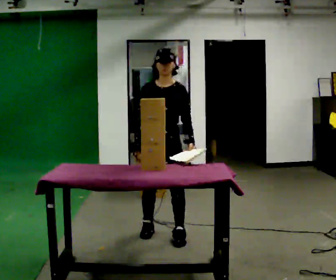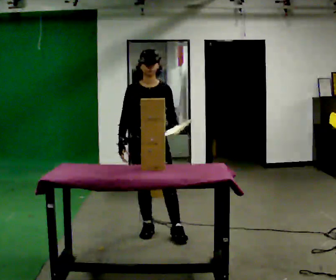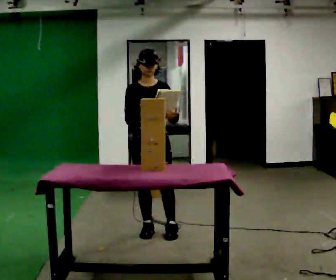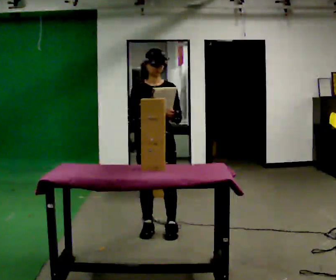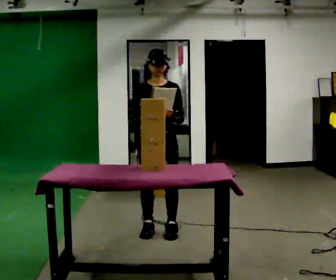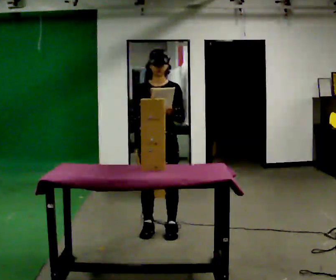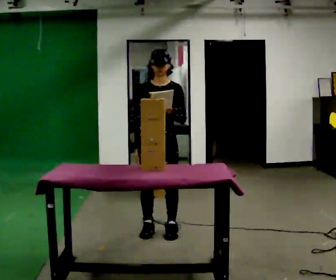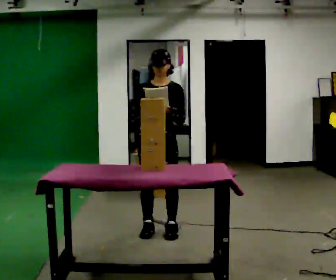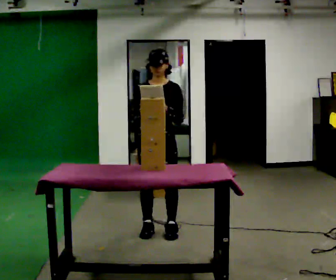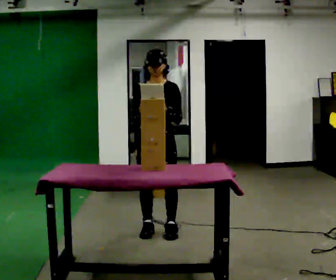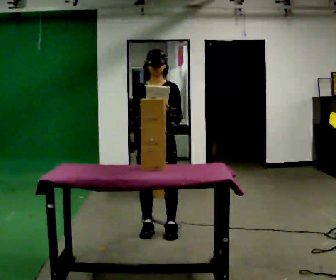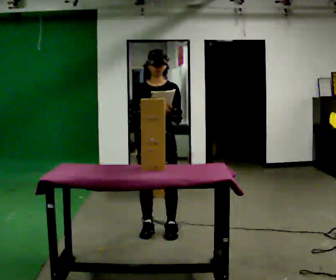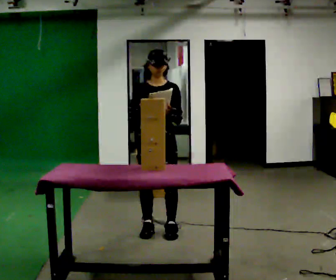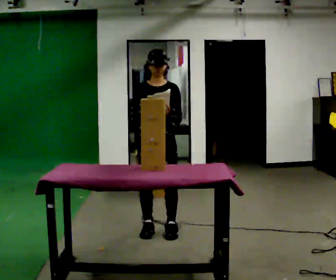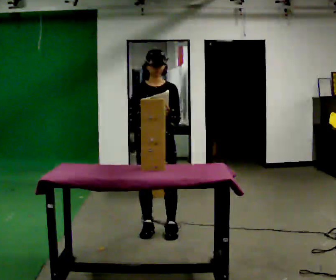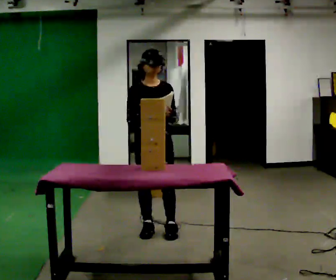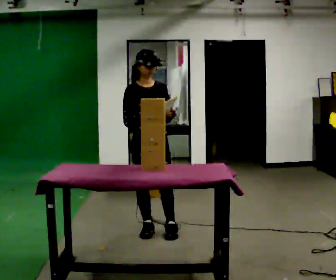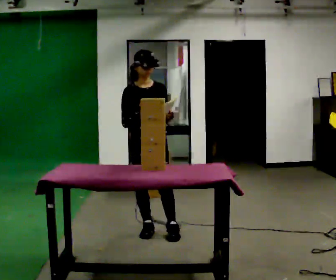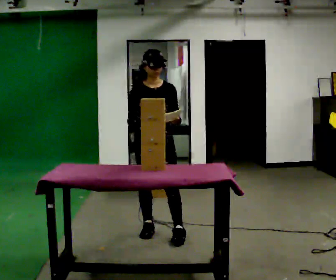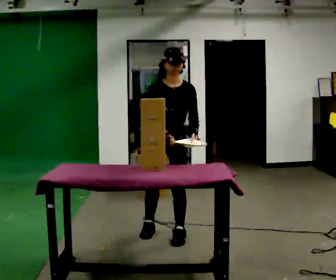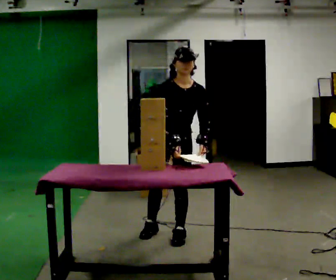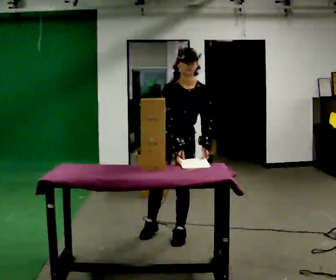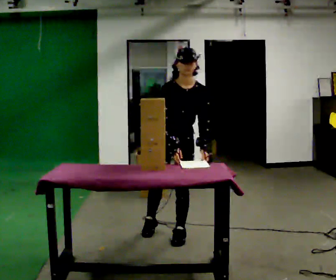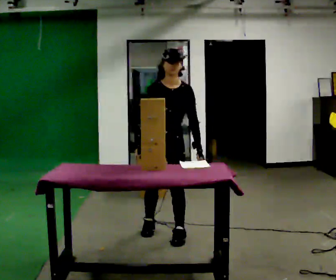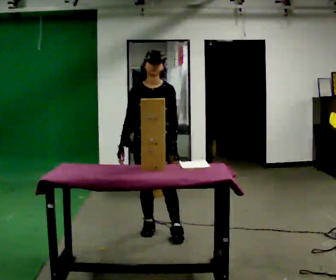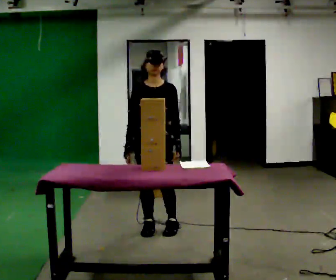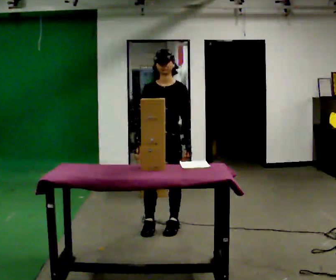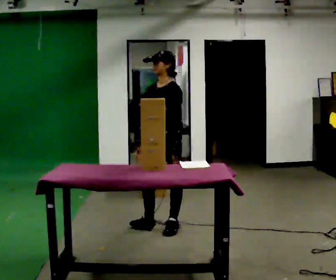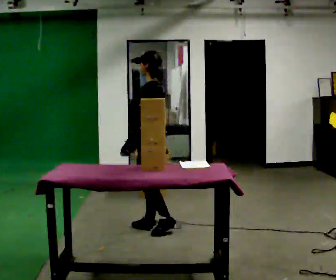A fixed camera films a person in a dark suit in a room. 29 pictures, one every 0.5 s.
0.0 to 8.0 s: The person turns about 45 degrees to their left, counterclockwise seen from above, so the part of the body nearest the lens slides to the right.
8.0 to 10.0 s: Seen from above the body turns clockwise, about 30 degrees: to their right, with its near side sliding to the left. In the picture they go to the right and toward the camera, about 0.25 m, which for them is forward and to their left. In the picture the upper body tilts clockwise, shoulders to the right, as they bend forward.
10.0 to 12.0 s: In the picture they go to the left and away from the camera, about 0.25 m, which for them is to their right and backward.
12.0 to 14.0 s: The part of the body nearest the lens slides to the left as the person turns to their right by about 105 degrees. In the picture they go away from the camera, about 0.25 m in 1 step. In the picture their left hand goes to the left, the arm swinging clockwise.
The film runs forward here.
